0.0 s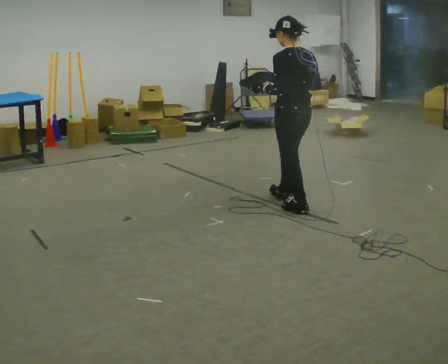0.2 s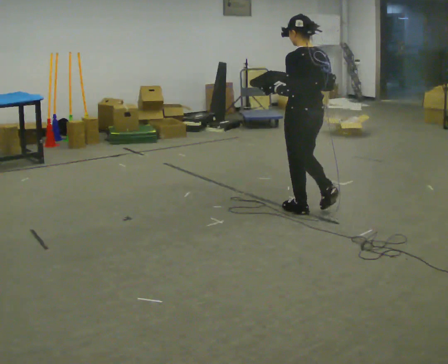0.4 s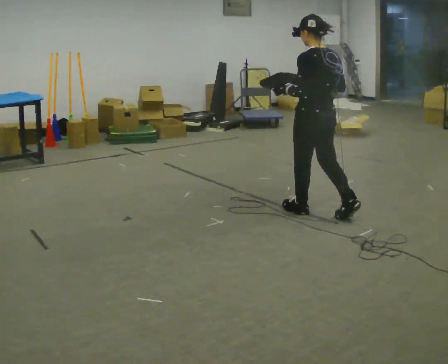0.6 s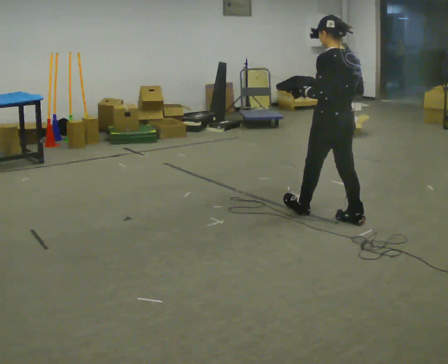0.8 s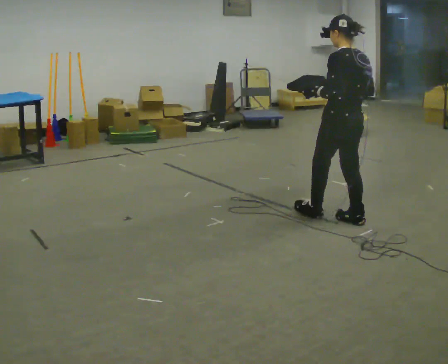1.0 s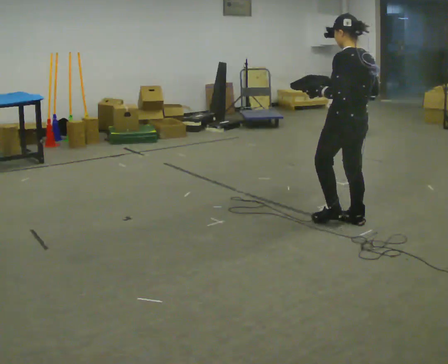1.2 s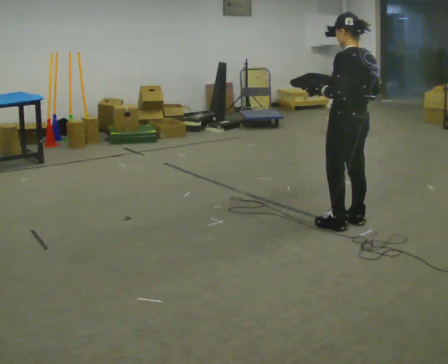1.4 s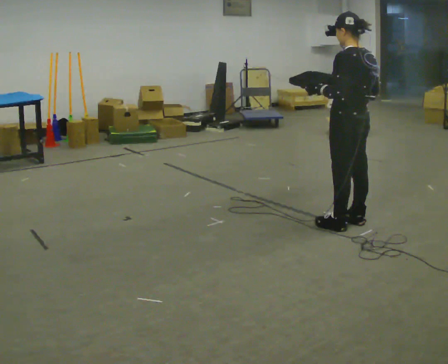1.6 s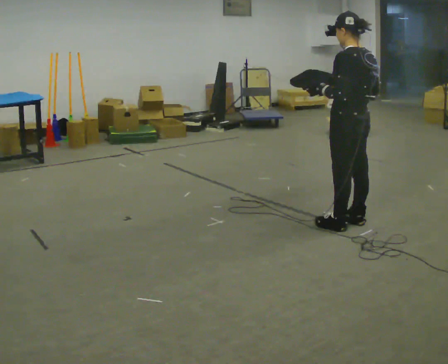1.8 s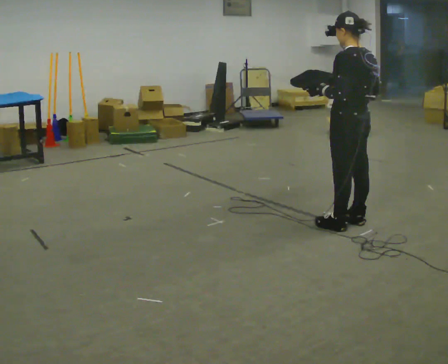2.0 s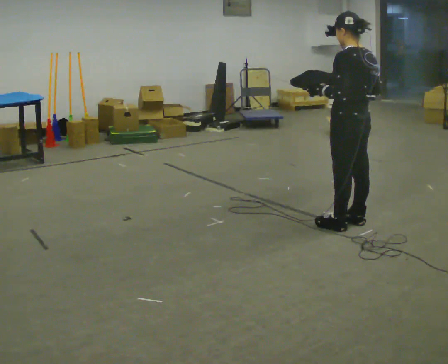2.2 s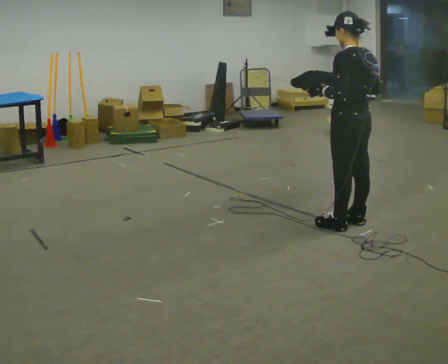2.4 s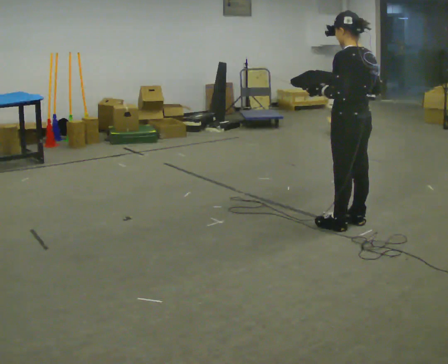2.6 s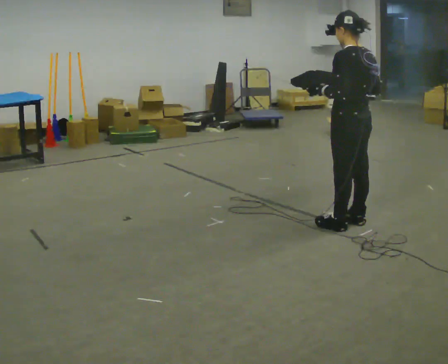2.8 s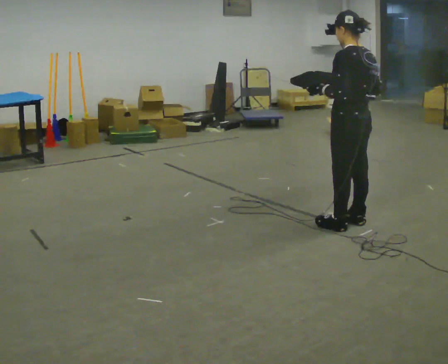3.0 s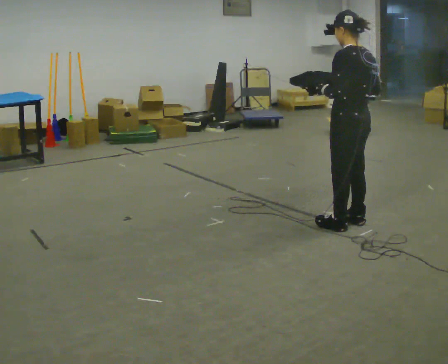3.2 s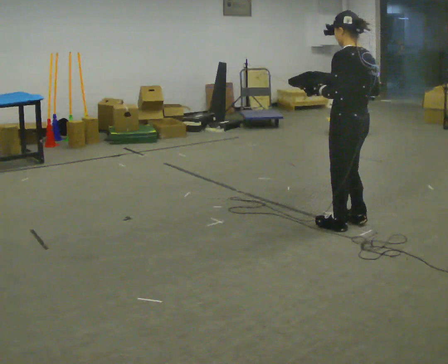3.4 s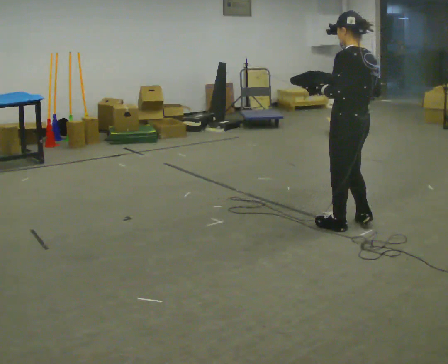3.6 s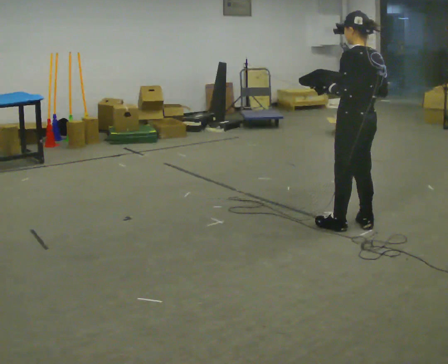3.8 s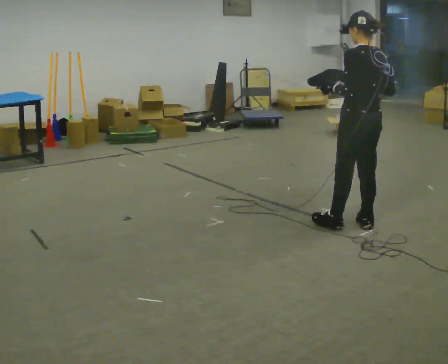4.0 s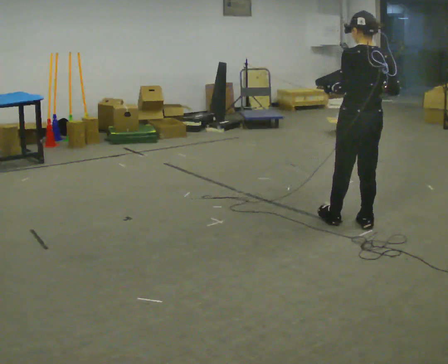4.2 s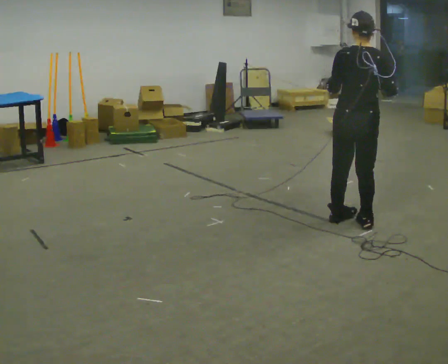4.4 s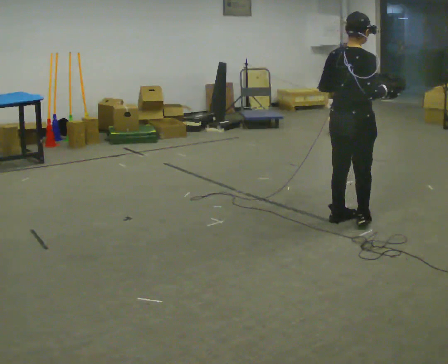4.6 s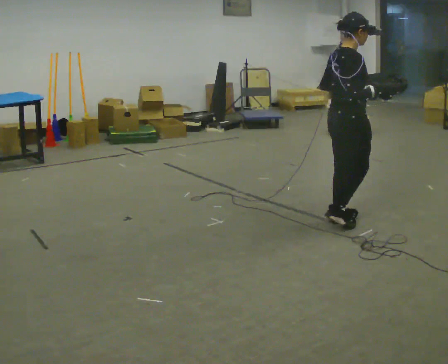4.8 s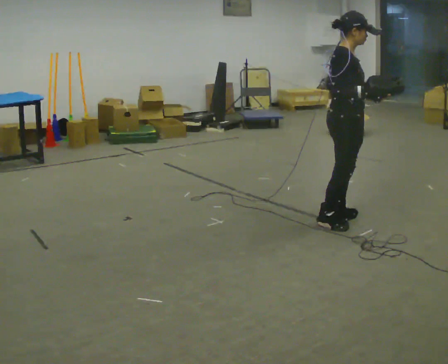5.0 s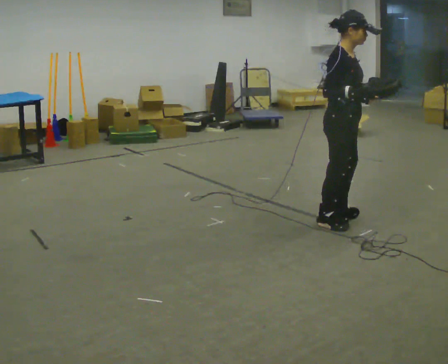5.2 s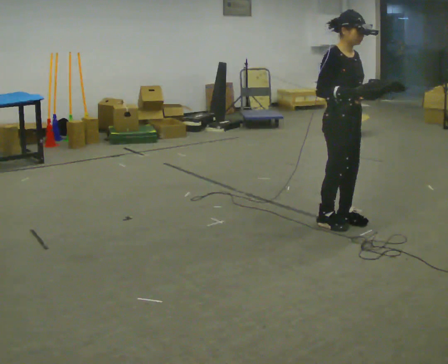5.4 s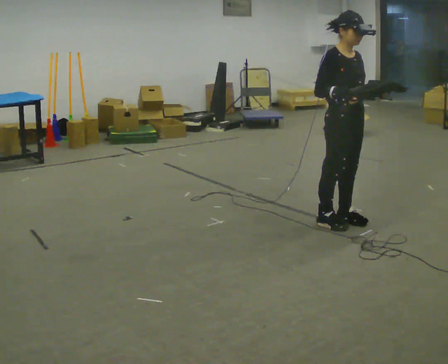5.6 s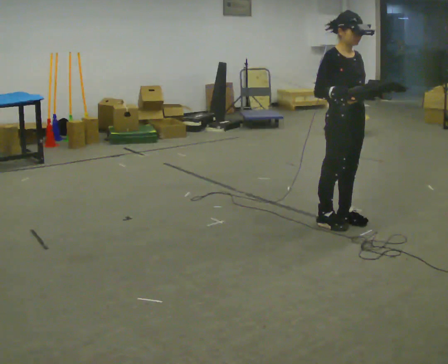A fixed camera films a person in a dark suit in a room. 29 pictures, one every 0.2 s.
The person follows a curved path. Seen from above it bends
clockwise.
The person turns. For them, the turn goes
to their right.
0.0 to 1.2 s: In the picture they go to the right and toward the camera, about 0.5 m in 1 step, which for them is backward.
1.2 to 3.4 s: The person moves a little, or ends about where they began.
3.4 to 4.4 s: The person turns about 90 degrees to their right, clockwise seen from above, so the part of the body nearest the lens slides to the left.
4.4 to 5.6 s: Seen from above the body turns clockwise, about 90 degrees: to their right, with its near side sliding to the left. In the picture their right hand goes to the left.
The film runs backward here.
